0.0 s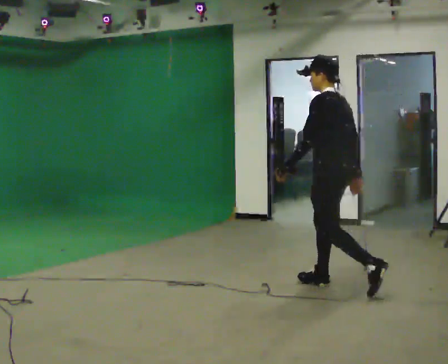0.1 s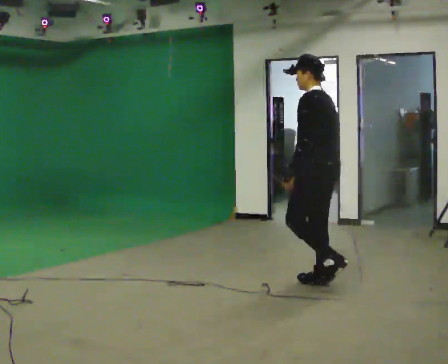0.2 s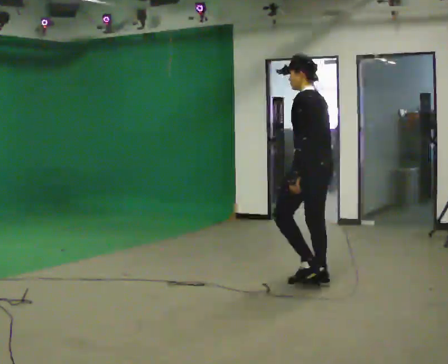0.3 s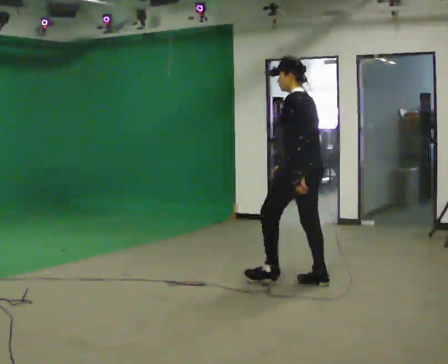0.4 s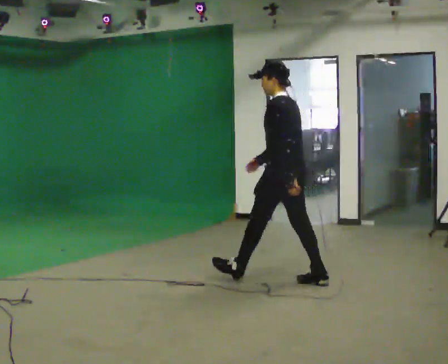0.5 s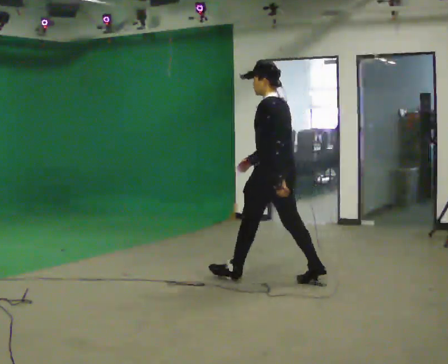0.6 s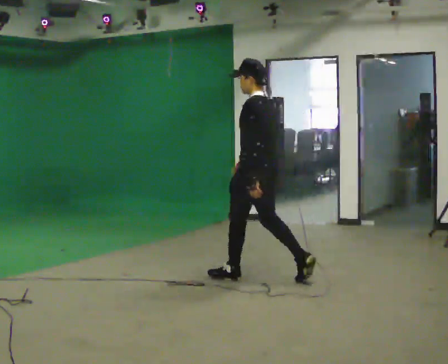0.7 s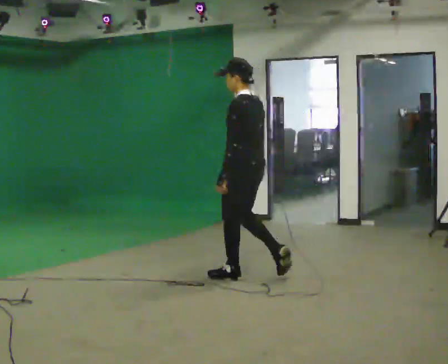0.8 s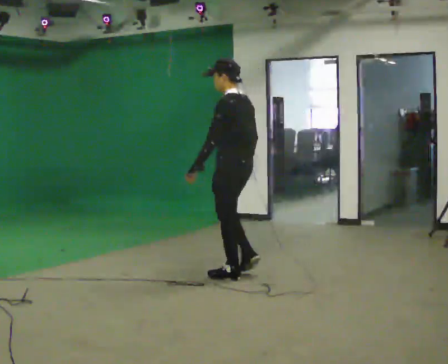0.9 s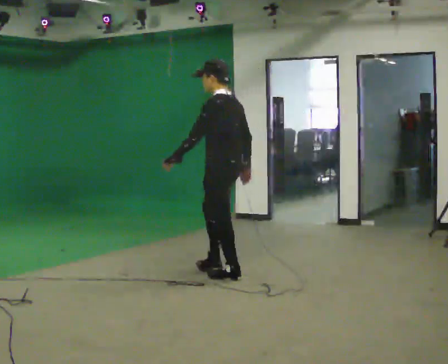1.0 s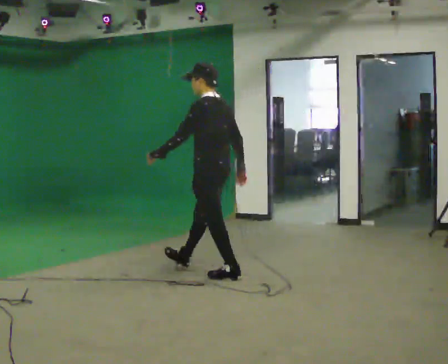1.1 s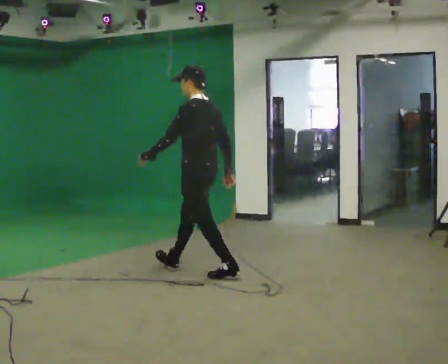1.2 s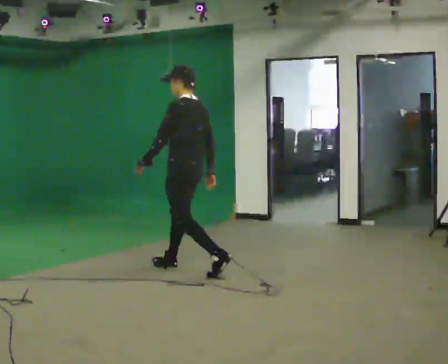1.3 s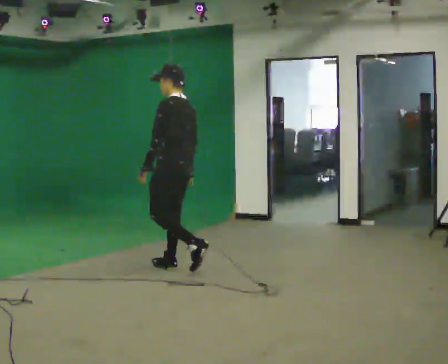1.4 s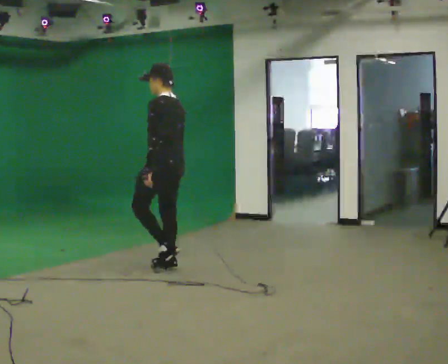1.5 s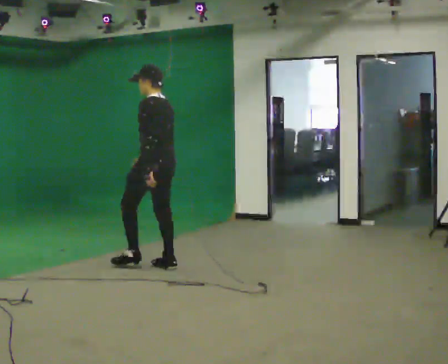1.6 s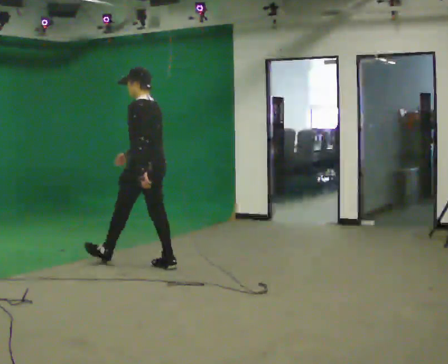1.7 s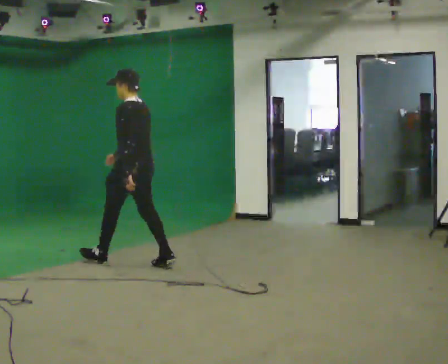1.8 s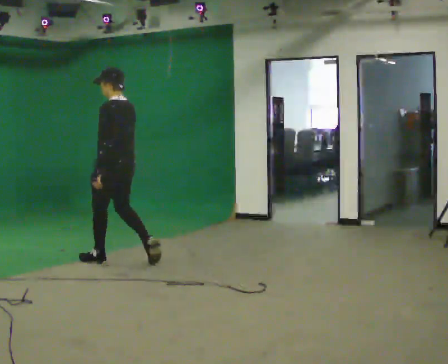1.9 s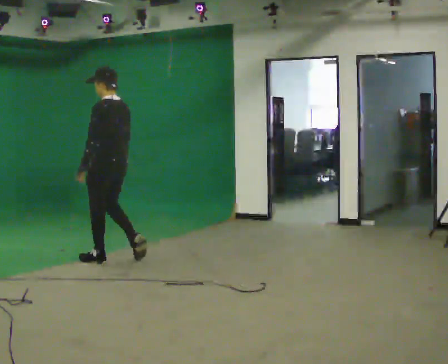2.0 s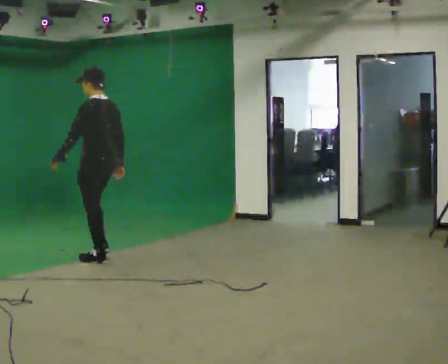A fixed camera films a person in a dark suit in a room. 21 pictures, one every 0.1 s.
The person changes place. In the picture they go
to the left.
0.0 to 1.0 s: In the picture they go to the left and away from the camera, about 1 m in 1 step, which for them is forward.
1.0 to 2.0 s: In the picture they go to the left and away from the camera, about 1 m in 2 steps, which for them is forward.
The film runs forward here.
